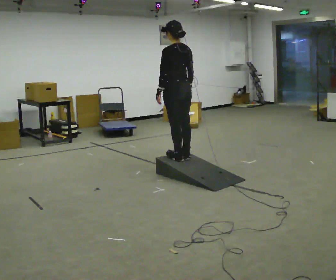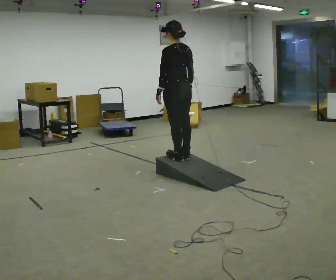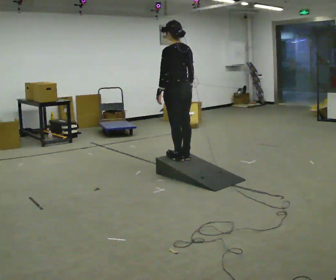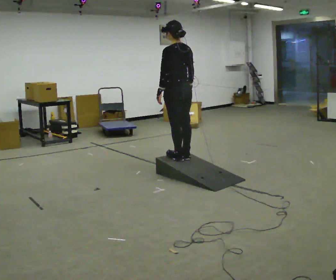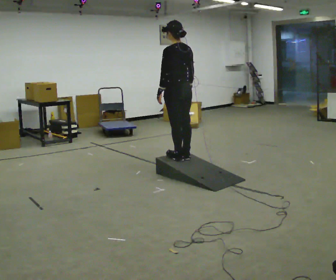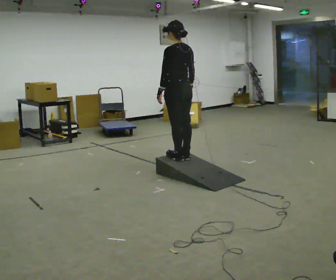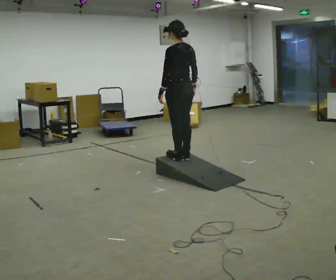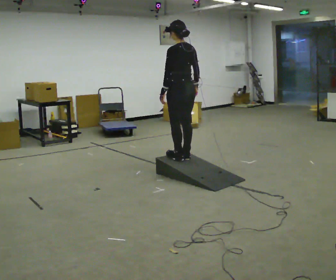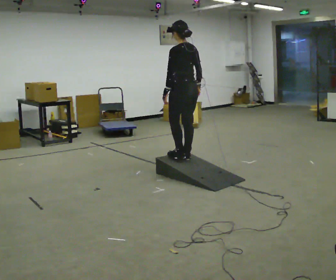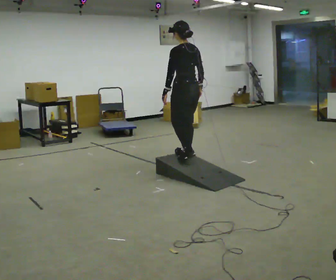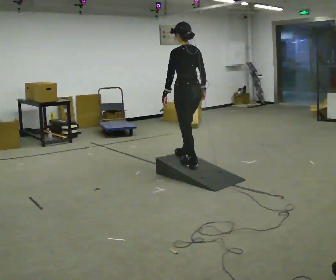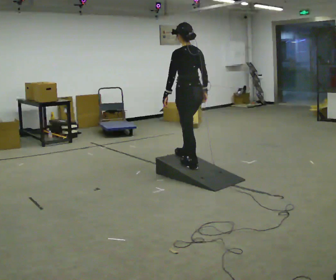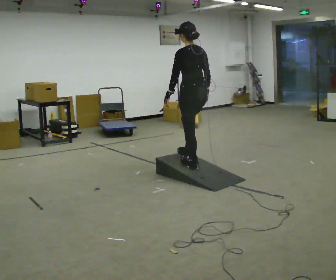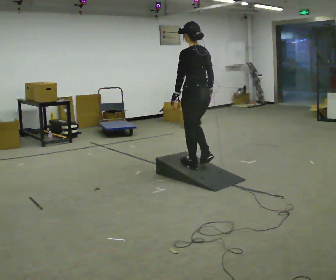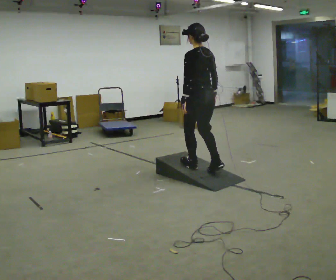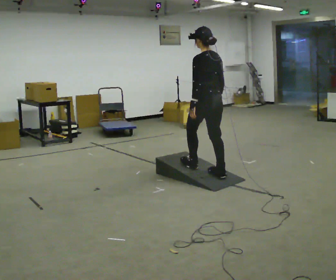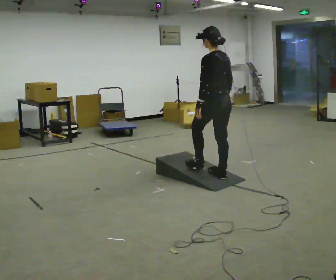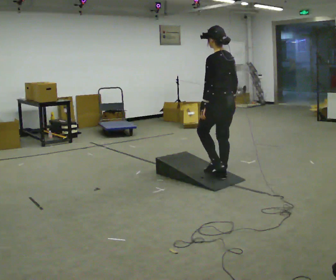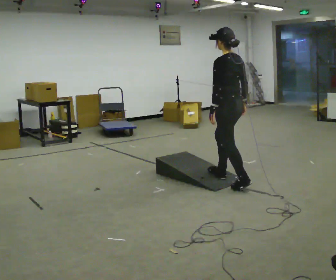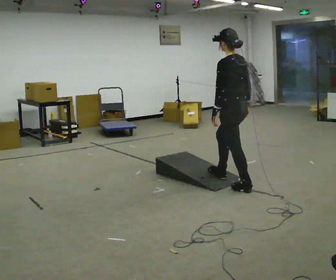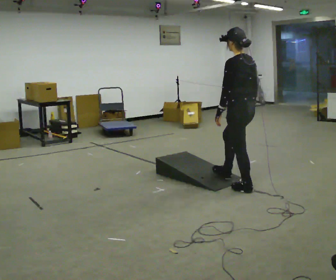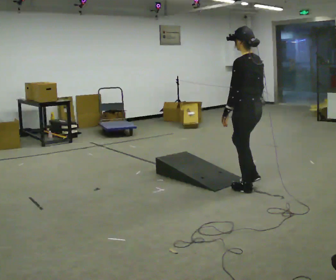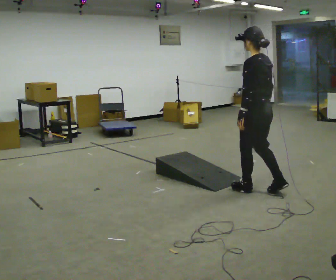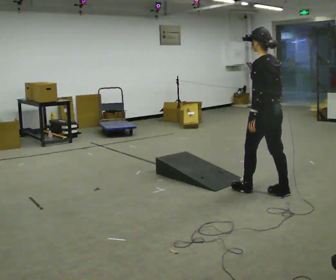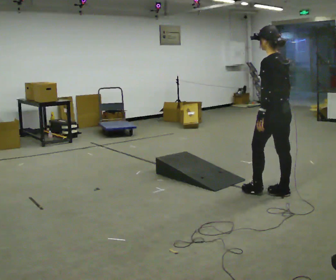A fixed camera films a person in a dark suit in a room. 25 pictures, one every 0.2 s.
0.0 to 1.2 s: The person moves a little, or ends about where they began.
1.2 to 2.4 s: In the picture they go toward the camera and to the right, about 0.25 m in 2 steps, which for them is backward.
2.4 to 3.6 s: In the picture they go to the right and toward the camera, about 0.5 m in 1 step, which for them is backward.
3.6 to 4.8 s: In the picture they go to the right and toward the camera, about 0.5 m in 2 steps, which for them is backward.
The film runs backward here.
